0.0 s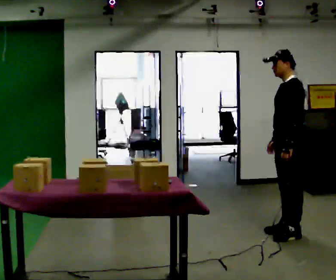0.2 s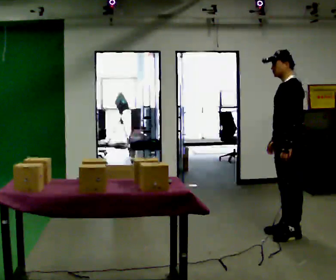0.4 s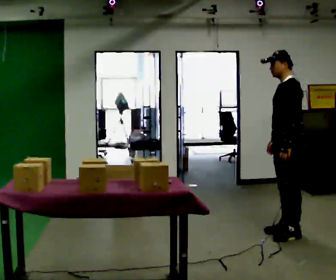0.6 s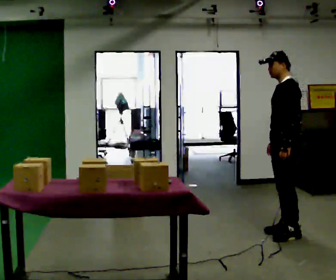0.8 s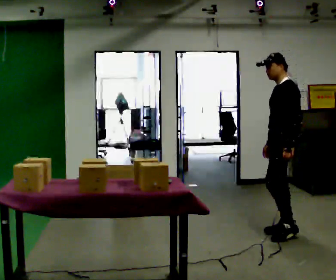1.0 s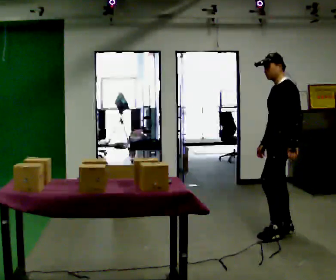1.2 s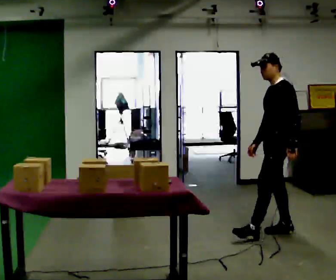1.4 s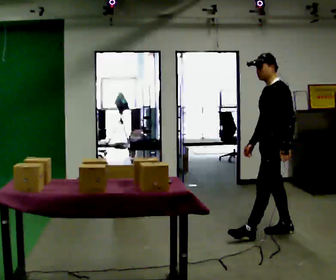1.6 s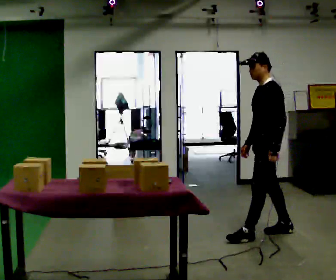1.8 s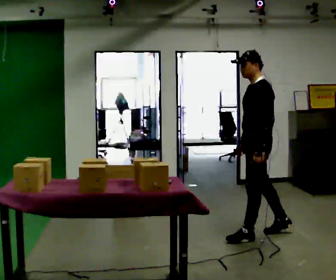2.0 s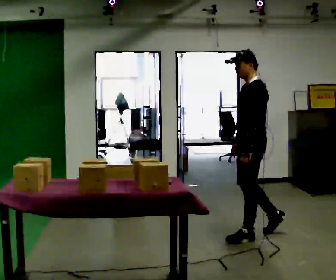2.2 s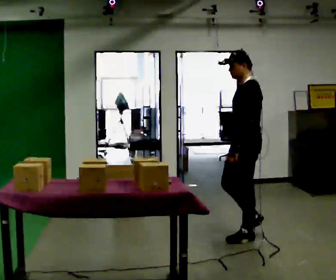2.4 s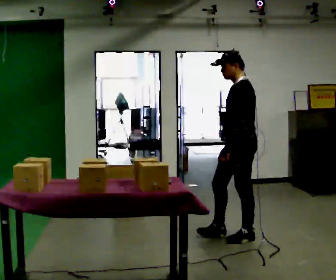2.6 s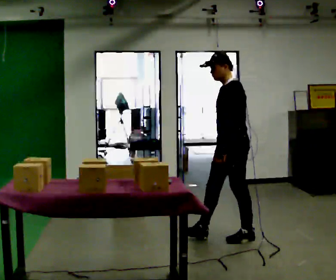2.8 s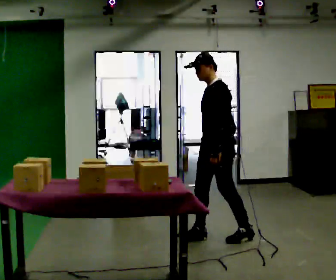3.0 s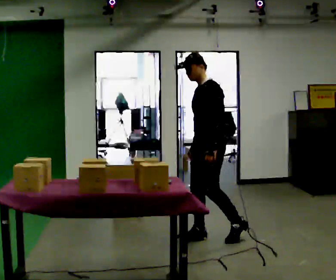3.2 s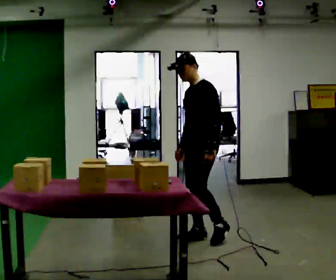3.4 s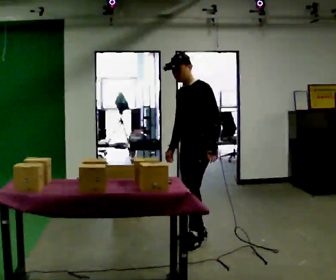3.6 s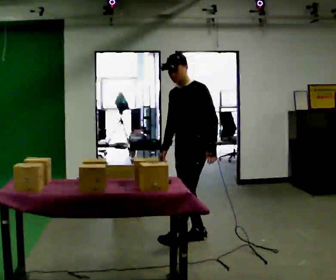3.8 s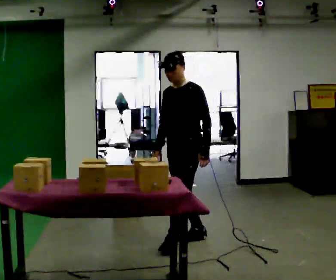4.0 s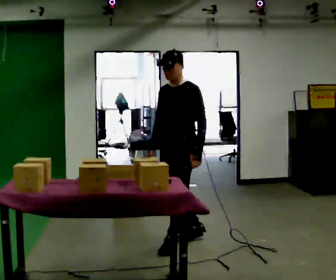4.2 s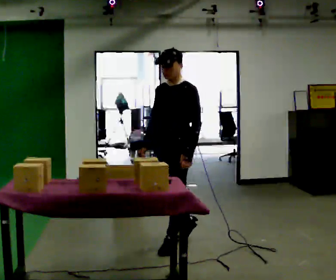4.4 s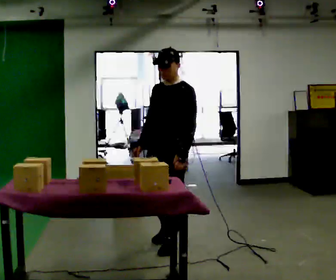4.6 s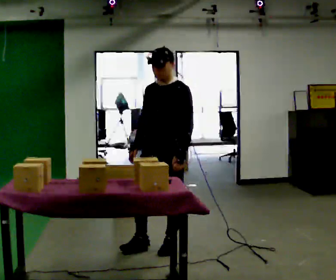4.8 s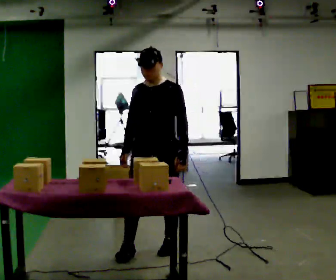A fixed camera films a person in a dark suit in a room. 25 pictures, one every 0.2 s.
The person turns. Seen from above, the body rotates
counterclockwise.
The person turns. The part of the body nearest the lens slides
to the right.
0.0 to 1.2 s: The person moves a little, or ends about where they began.
1.2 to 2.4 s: In the picture they go to the left and toward the camera, about 0.5 m in 1 step, which for them is forward.
2.4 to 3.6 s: The person turns about 30 degrees to their left, counterclockwise seen from above, so the part of the body nearest the lens slides to the right. In the picture they go to the left, about 0.5 m in 1 step, which for them is forward and to their right.
3.6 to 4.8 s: The part of the body nearest the lens slides to the right as the person turns to their left by about 30 degrees. In the picture they go toward the camera and to the left, about 0.5 m in 2 steps, which for them is forward.
The film runs forward here.
